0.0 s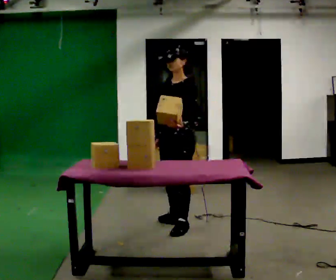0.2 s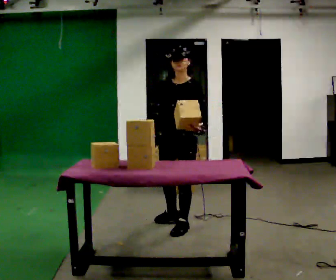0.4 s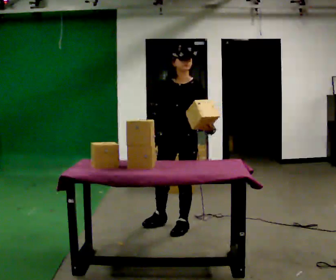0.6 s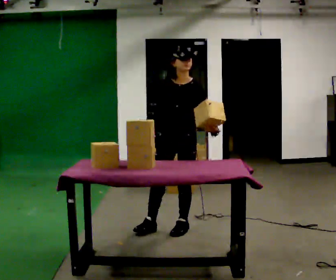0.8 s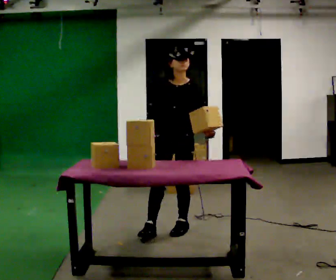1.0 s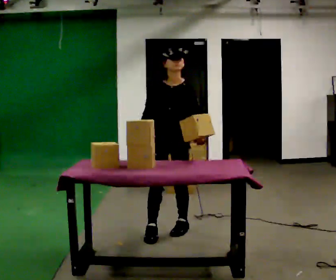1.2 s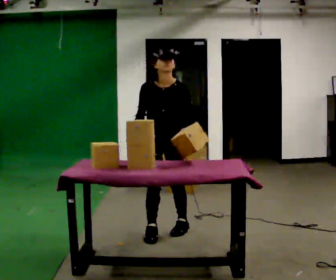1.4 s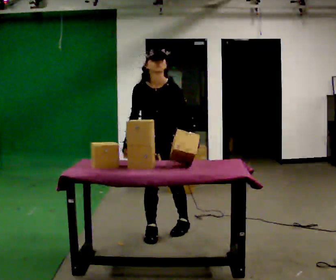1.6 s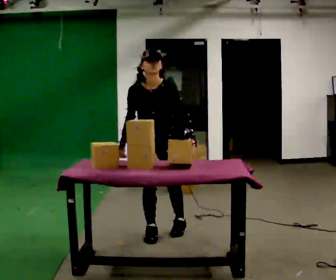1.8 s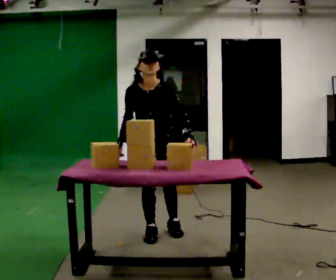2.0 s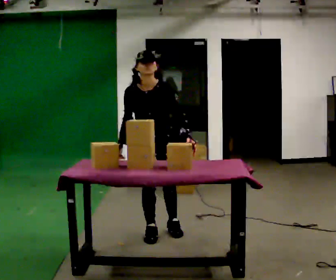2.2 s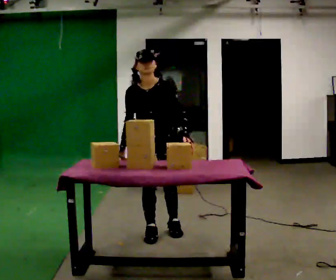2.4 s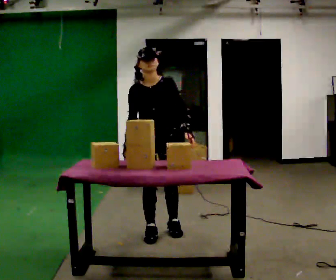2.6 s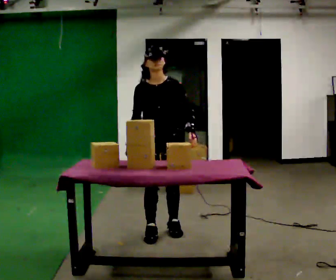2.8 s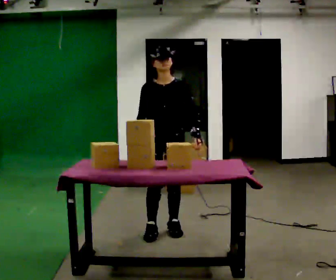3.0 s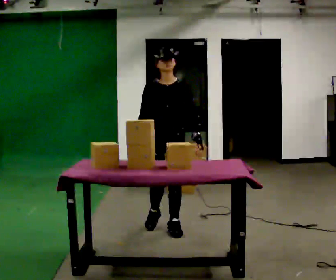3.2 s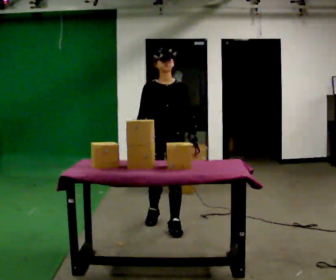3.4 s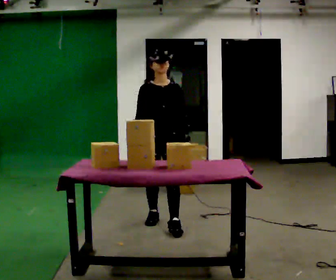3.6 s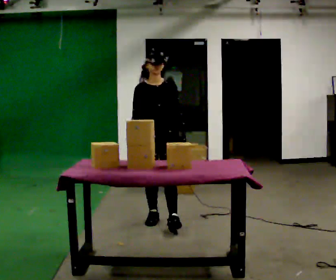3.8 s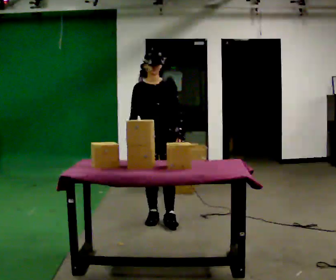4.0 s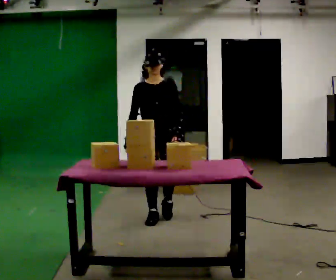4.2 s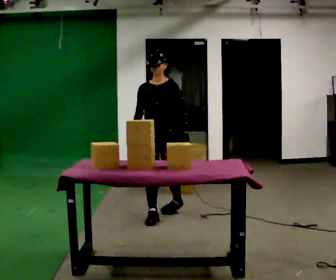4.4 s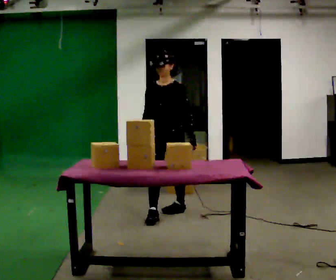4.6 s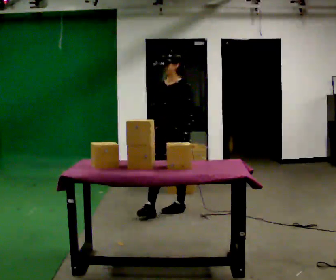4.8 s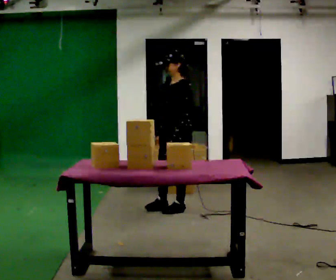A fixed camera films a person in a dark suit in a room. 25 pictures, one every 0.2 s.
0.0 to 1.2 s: The part of the body nearest the lens slides to the right as the person turns to their left by about 60 degrees. The upper body tips toward the camera, its near side rolling downward, as they bend forward.
1.2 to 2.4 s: The person moves a little, or ends about where they began.
2.4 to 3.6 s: In the picture they go away from the camera, about 0.25 m in 2 steps, which for them is backward.
3.6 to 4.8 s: The part of the body nearest the lens slides to the left as the person turns to their right by about 75 degrees. In the picture they go away from the camera and to the right, about 0.5 m in 1 step.
The film runs backward here.
